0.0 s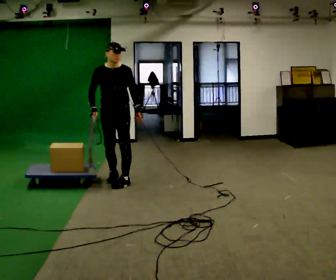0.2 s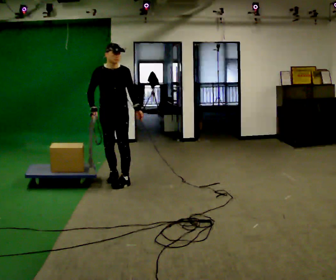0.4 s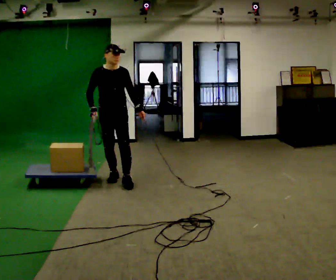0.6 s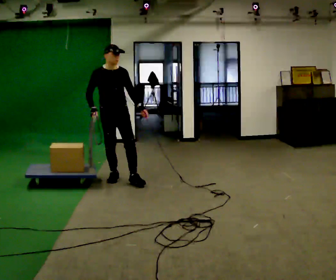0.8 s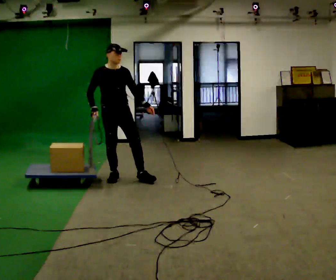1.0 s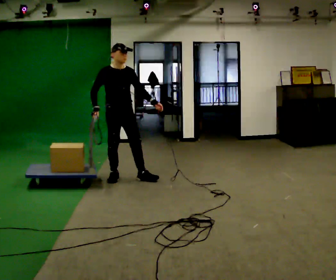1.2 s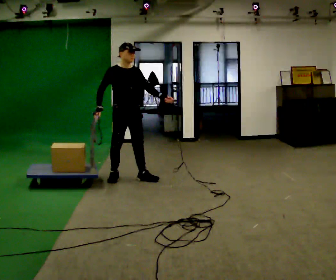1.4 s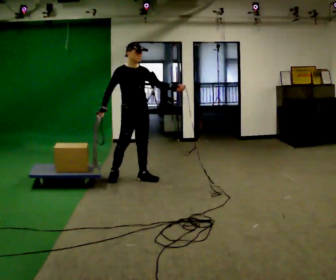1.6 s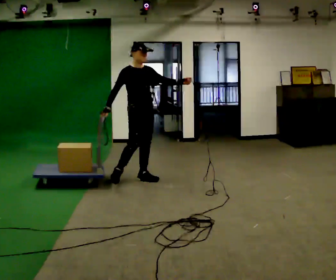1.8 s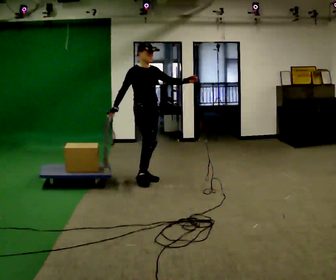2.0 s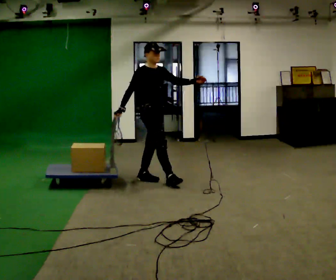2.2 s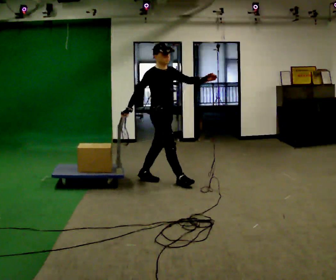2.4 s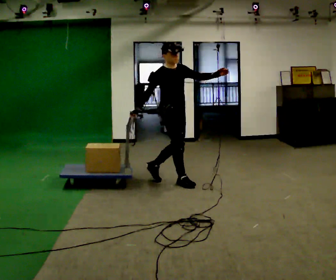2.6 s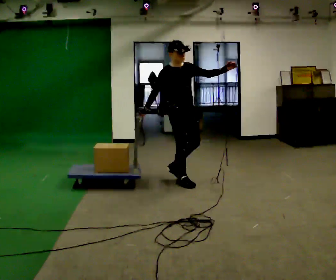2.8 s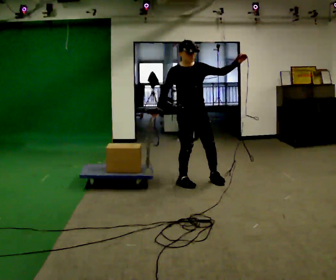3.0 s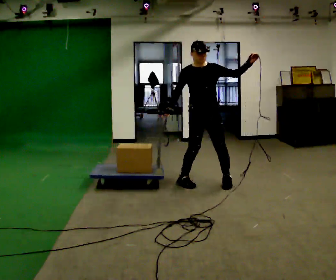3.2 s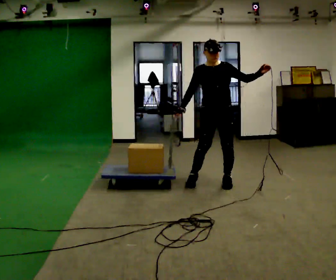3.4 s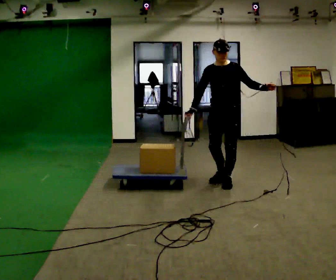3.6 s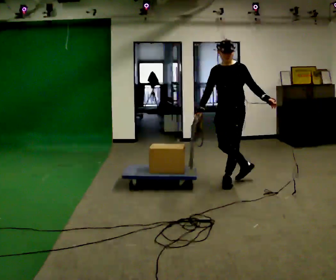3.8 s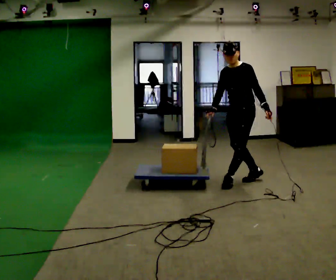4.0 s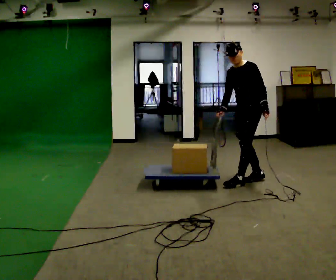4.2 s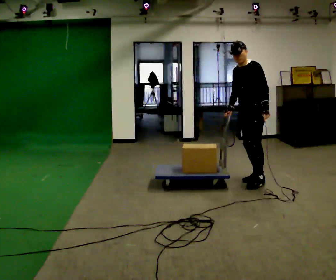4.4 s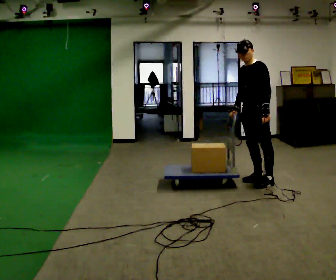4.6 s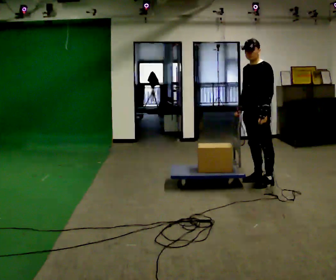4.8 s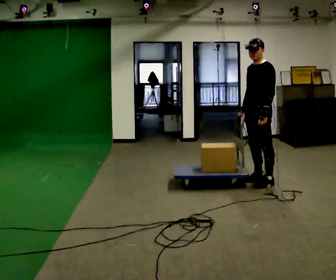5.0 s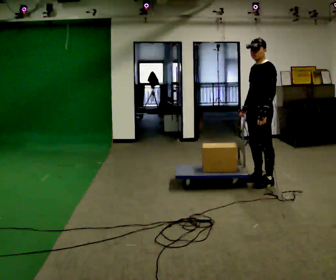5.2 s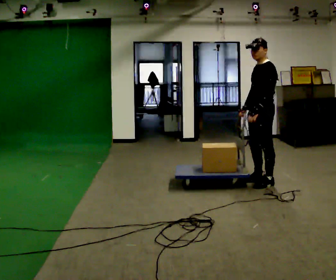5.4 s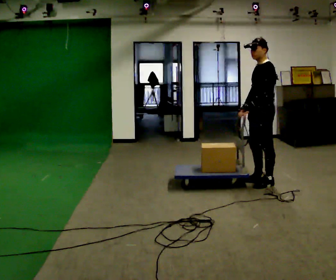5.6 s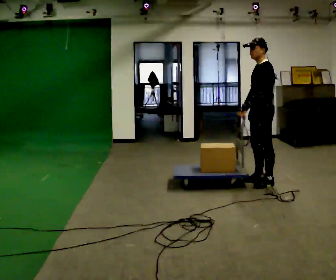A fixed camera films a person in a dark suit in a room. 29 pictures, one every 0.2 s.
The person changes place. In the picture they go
to the right.
0.0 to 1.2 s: The part of the body nearest the lens slides to the right as the person turns to their left by about 30 degrees. In the picture their left hand goes to the right.
1.2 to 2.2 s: The person turns about 30 degrees to their left, counterclockwise seen from above, so the part of the body nearest the lens slides to the right. In the picture they go to the right, about 0.5 m in 1 step, which for them is forward and to their left.
2.2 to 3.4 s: Seen from above the body turns clockwise, about 90 degrees: to their right, with its near side sliding to the left. In the picture they go to the right, about 1 m in 1 step.
3.4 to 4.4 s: The part of the body nearest the lens slides to the left as the person turns to their right by about 30 degrees. In the picture they go to the right, about 0.5 m in 2 steps, which for them is backward and to their left.
4.4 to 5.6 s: The person turns about 30 degrees to their right, clockwise seen from above, so the part of the body nearest the lens slides to the left.
The film runs forward here.
